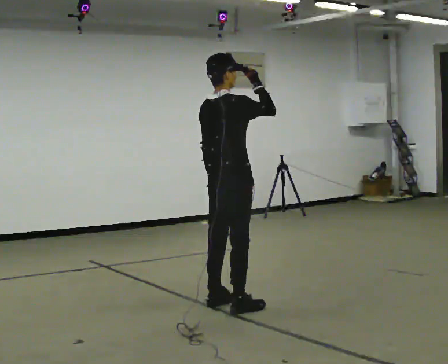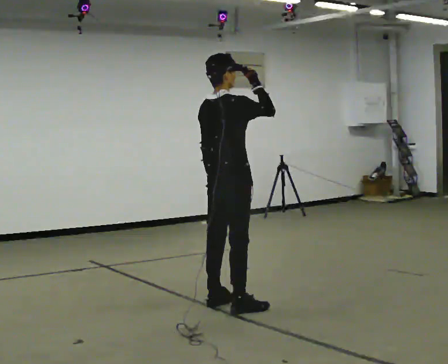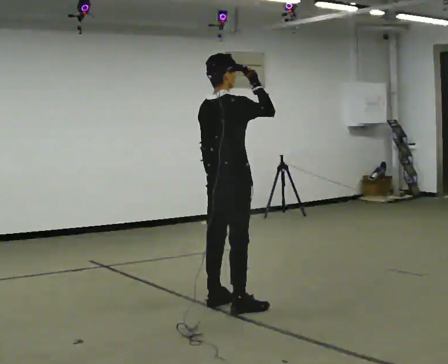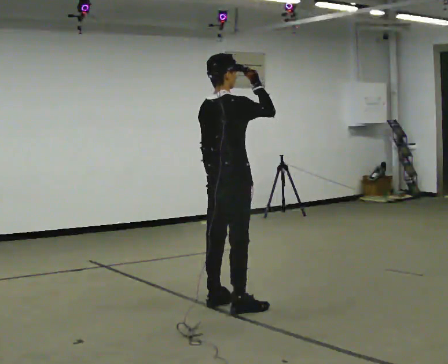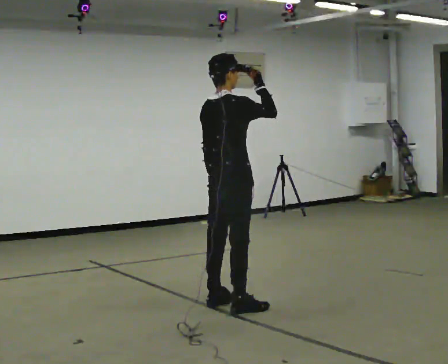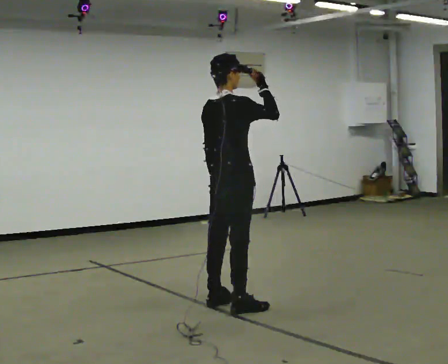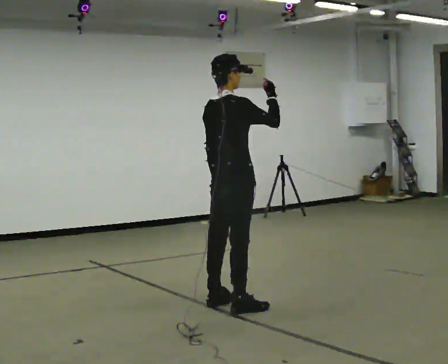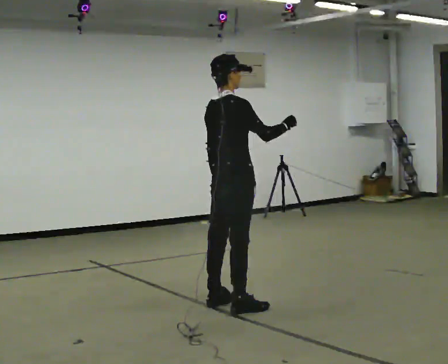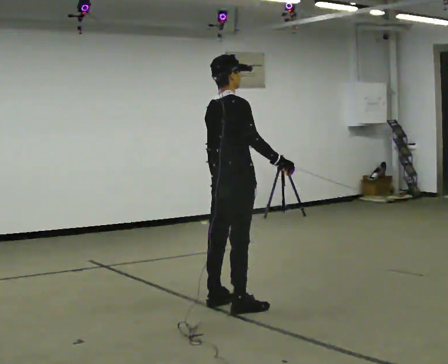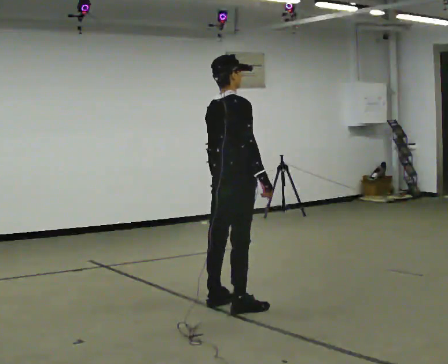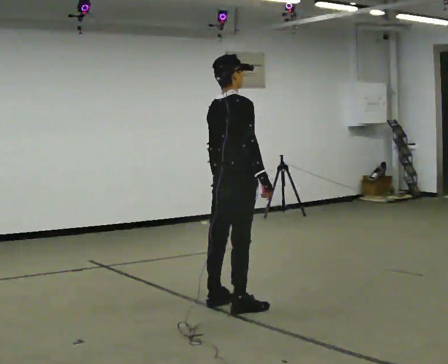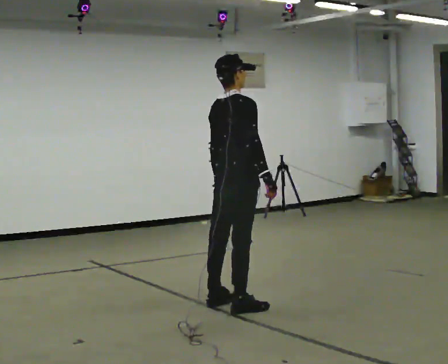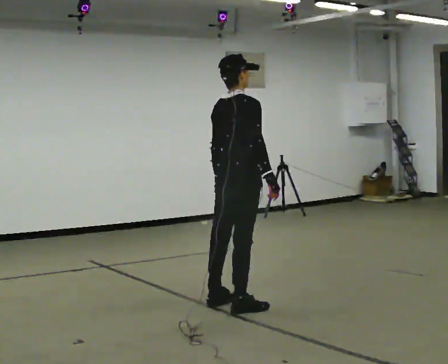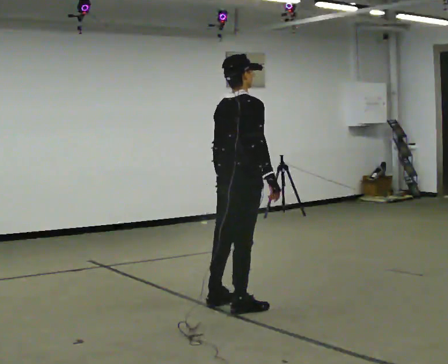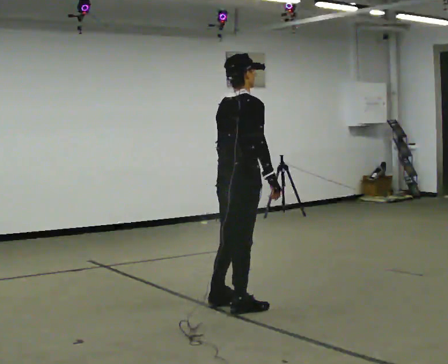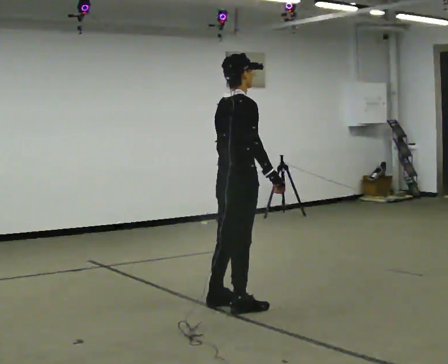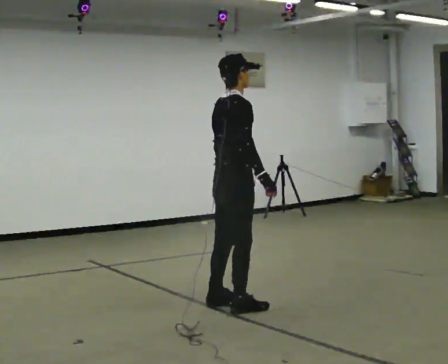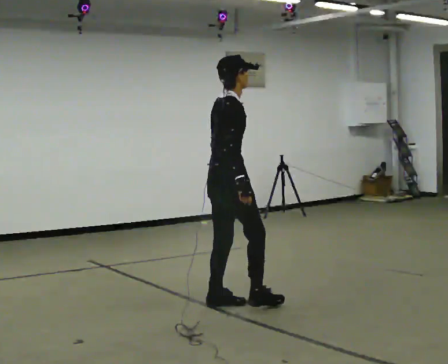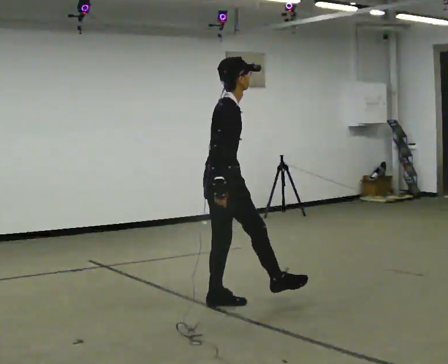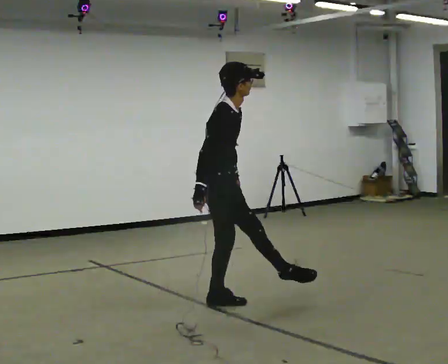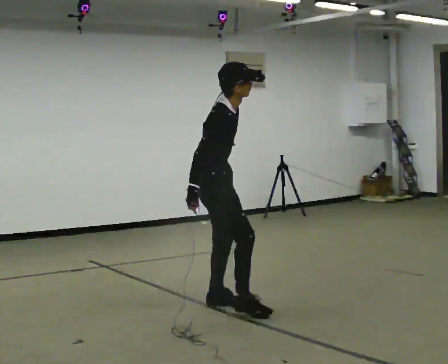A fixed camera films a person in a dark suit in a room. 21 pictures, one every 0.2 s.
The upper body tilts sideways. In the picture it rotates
clockwise.
Their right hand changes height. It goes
downward.
0.0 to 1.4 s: The person moves a little, or ends about where they began.
1.4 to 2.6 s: In the picture their right hand goes downward, the arm swinging clockwise.
2.6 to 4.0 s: Seen from above the body turns clockwise, about 45 degrees: to their right, with its near side sliding to the left. In the picture they go to the left, about 0.25 m in 1 step, which for them is to their left and backward. The upper body tips toward the camera, its near side rolling downward. In the picture their right hand goes to the left.
The film runs backward here.
